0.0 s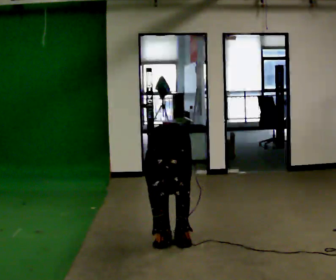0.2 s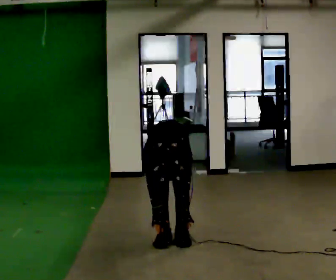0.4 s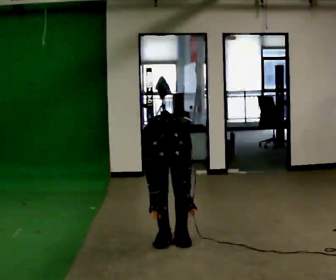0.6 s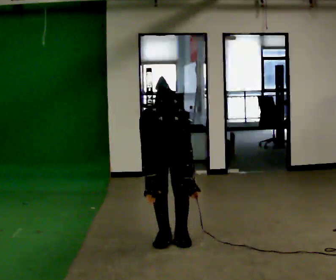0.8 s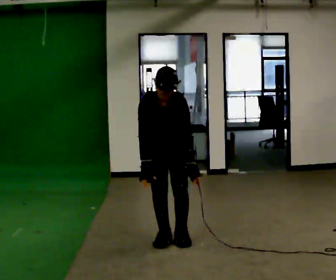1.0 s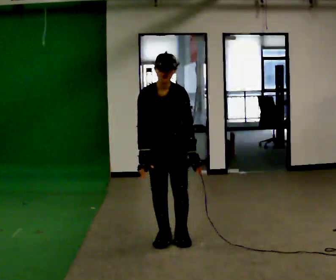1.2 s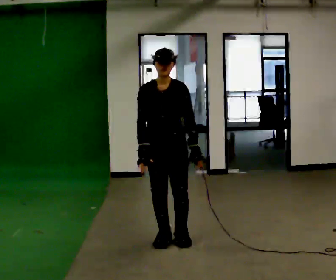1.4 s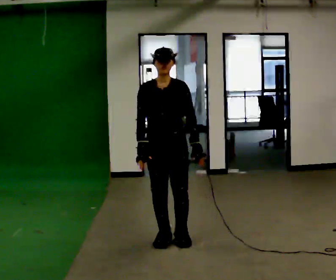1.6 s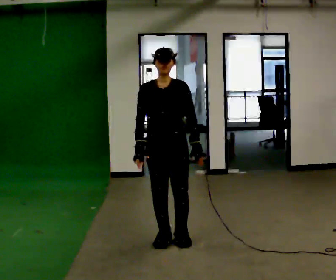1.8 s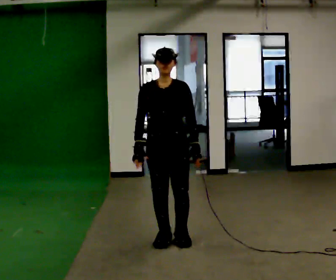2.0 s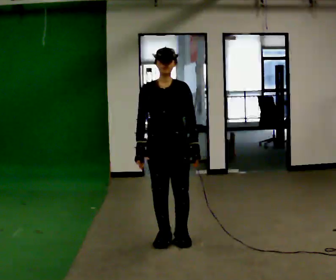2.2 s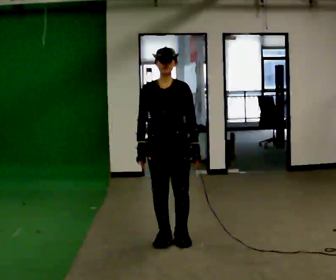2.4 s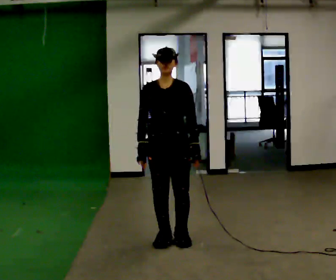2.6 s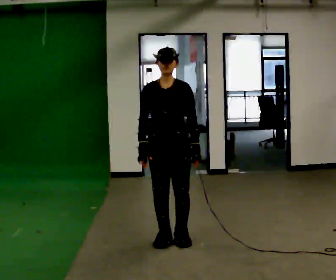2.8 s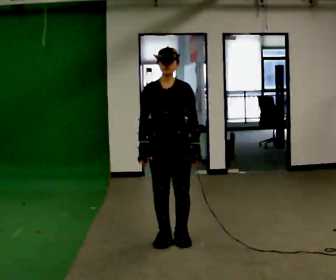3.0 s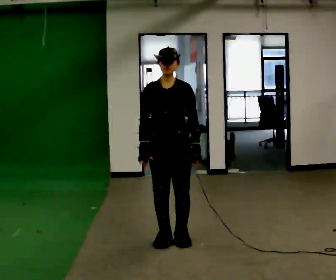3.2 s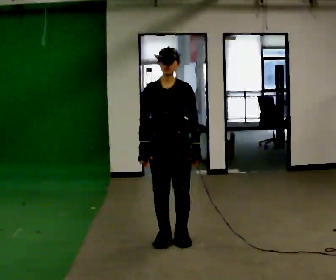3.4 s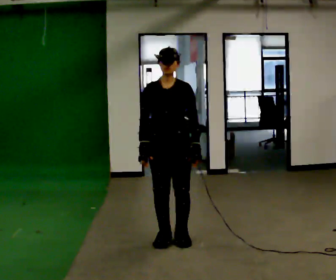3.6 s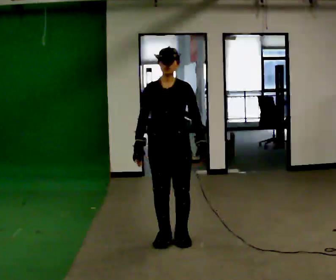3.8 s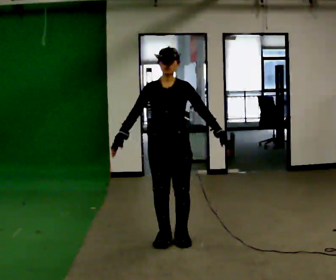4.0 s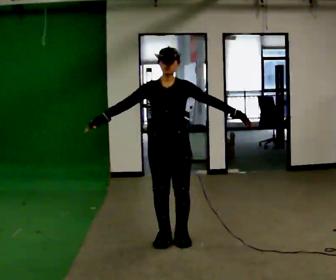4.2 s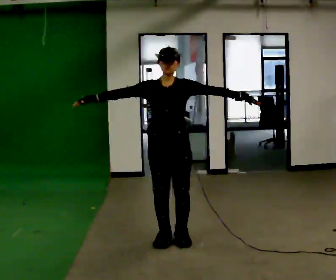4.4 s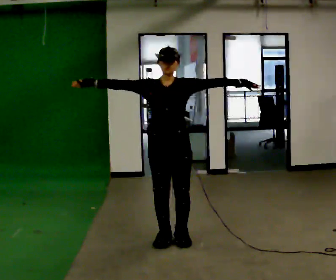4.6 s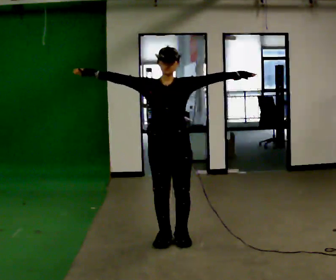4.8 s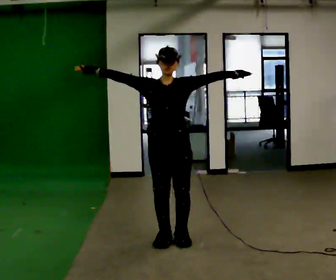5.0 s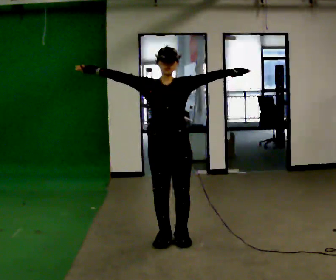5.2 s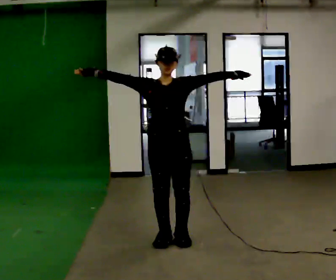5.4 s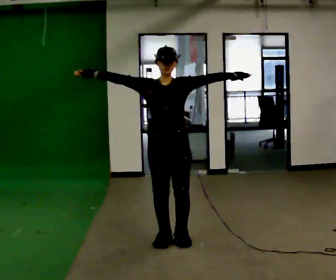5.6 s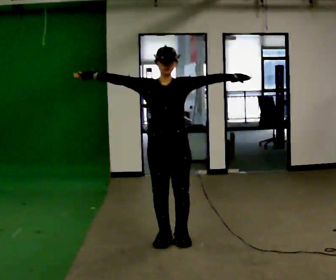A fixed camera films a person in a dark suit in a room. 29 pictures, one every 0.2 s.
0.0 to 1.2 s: The shoulders move upward. The upper body tips away from the camera, its near side rolling upward, as they lean back or straighten. In the picture their right hand goes upward.
1.2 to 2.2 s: The person moves a little, or ends about where they began.
2.2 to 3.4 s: The person keeps their place and pose.
3.4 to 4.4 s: In the picture their right hand goes upward and to the left, the arm swinging clockwise.
4.4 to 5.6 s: The person moves a little, or ends about where they began.
The film runs forward here.
